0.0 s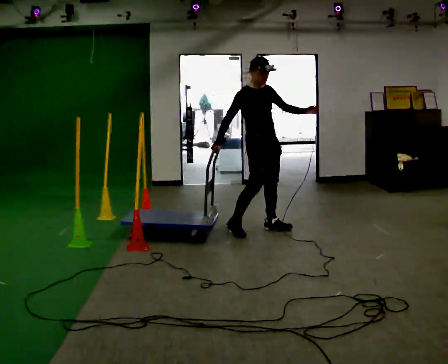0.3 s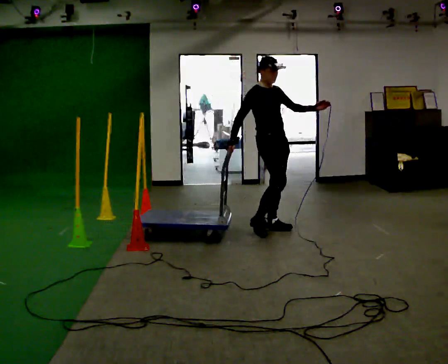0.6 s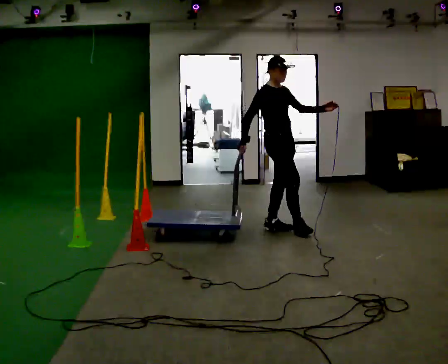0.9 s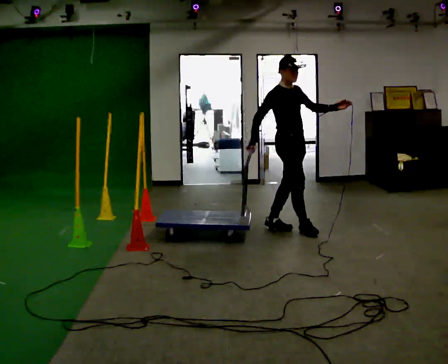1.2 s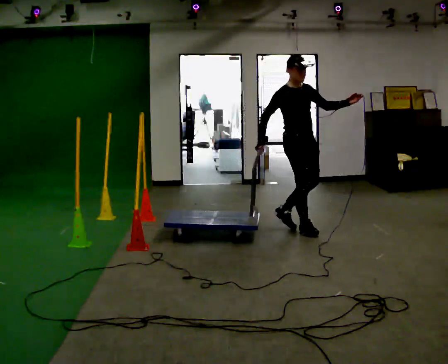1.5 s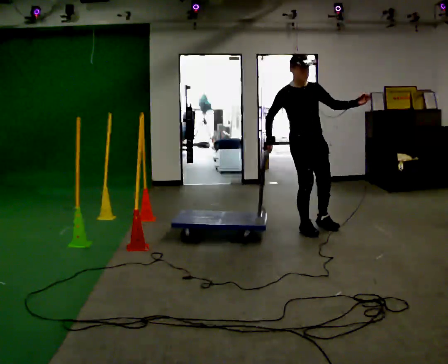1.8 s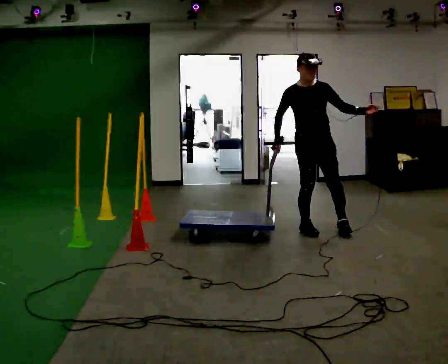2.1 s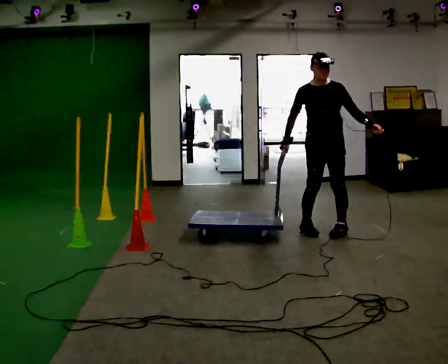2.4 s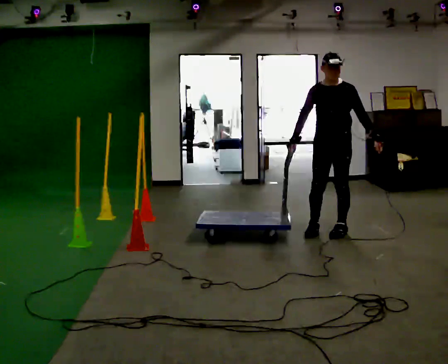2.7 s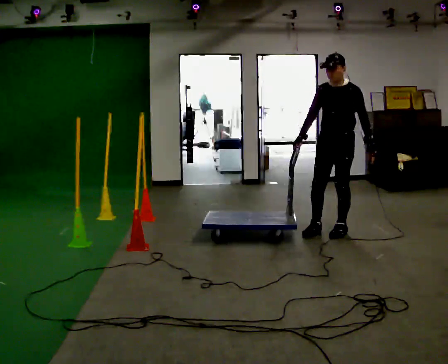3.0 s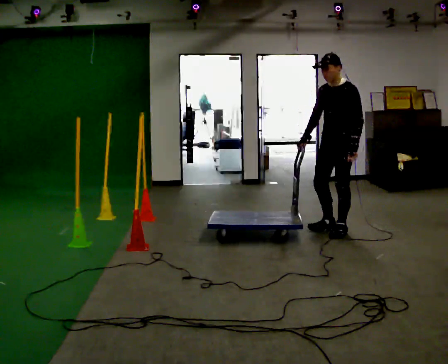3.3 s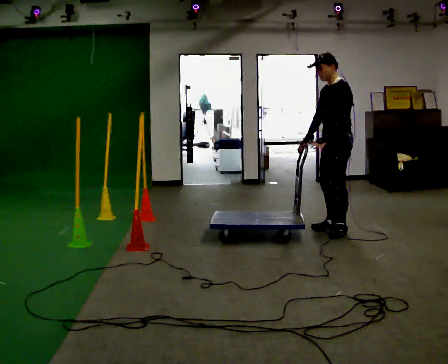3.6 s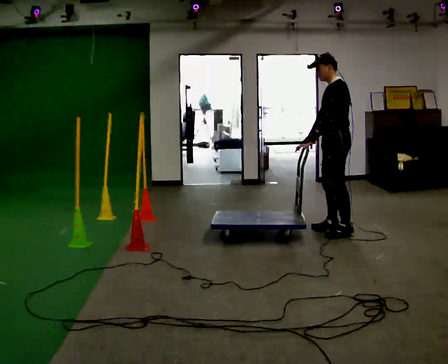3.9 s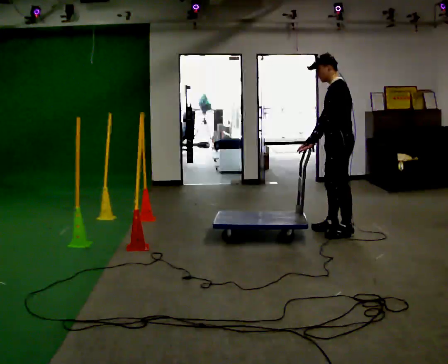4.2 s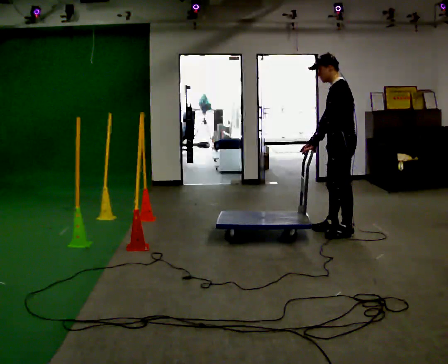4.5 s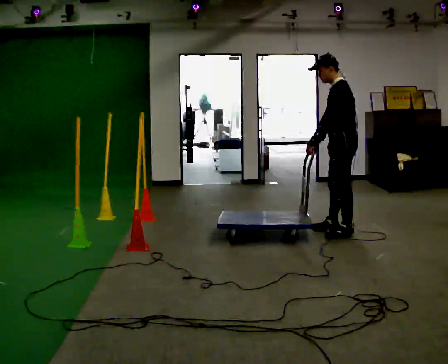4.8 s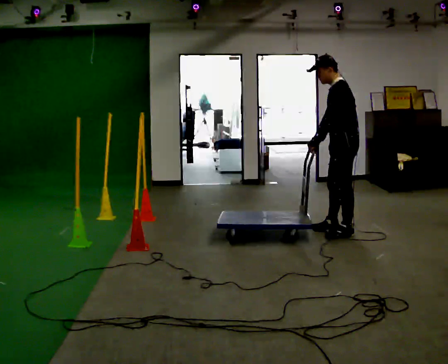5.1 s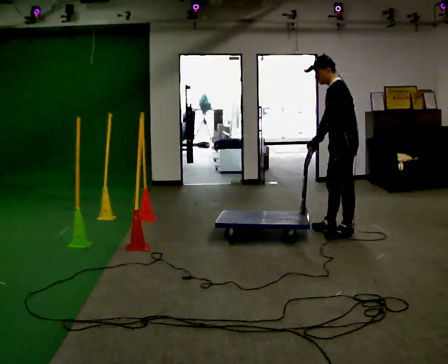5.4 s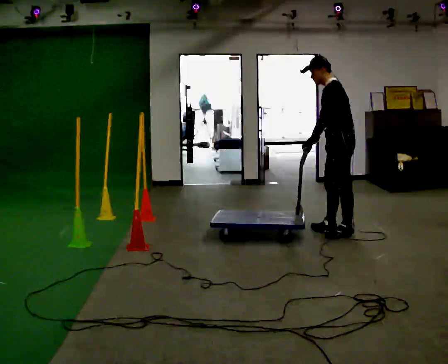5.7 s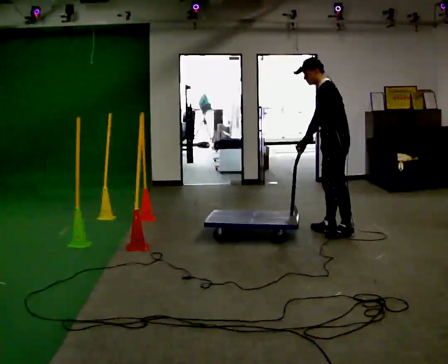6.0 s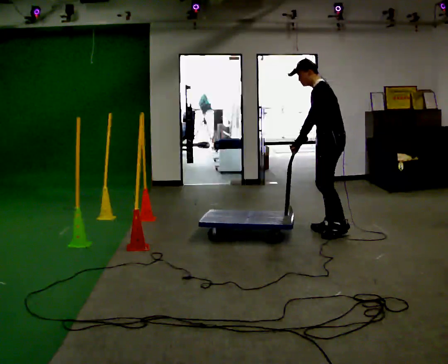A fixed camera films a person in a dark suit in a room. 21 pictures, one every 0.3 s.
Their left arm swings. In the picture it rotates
clockwise.
The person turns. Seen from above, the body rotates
clockwise.
0.0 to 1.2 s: In the picture they go to the right, about 0.25 m in 1 step, which for them is forward.
1.2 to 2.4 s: Seen from above the body turns clockwise, about 75 degrees: to their right, with its near side sliding to the left. In the picture they go to the right, about 0.25 m in 1 step. In the picture their left hand goes downward.
2.4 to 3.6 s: The part of the body nearest the lens slides to the left as the person turns to their right by about 60 degrees. In the picture their left hand goes to the left, the arm swinging clockwise.
3.6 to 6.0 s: In the picture the upper body tilts counterclockwise, shoulders to the left, as they bend forward.
The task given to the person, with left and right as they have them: Get the cart into the marked parking space and lined up with the tape. Take as many adjustments as you need. Then take it out again and repeat.
The film runs forward here.
